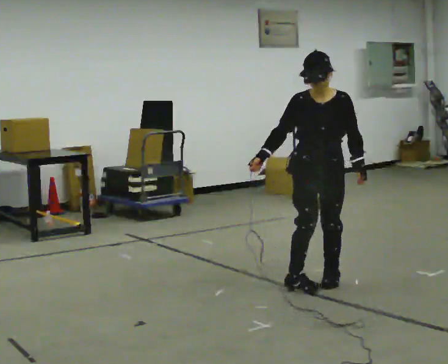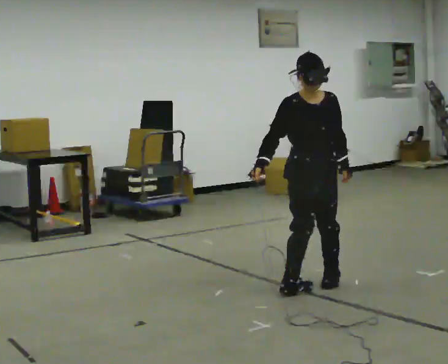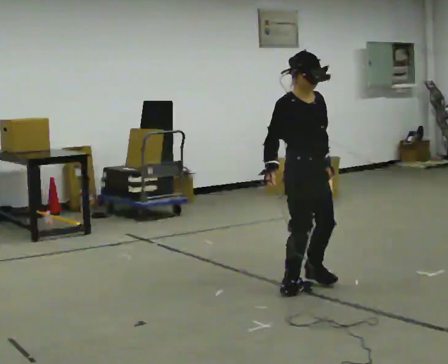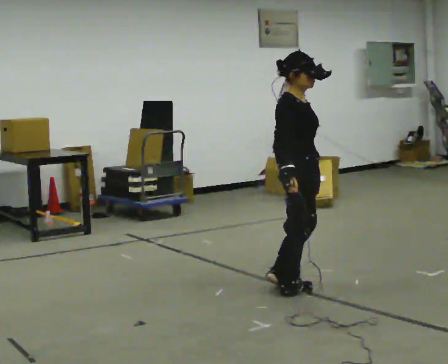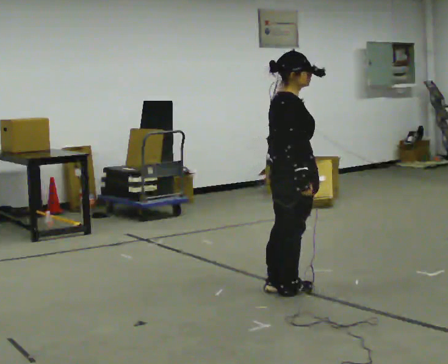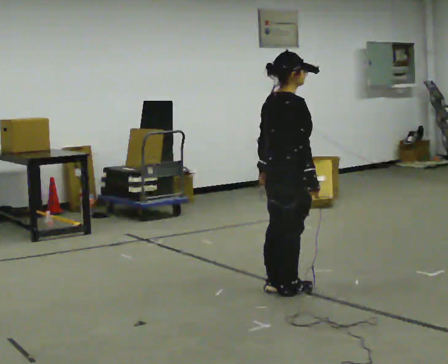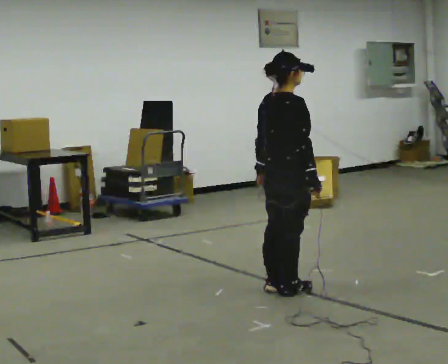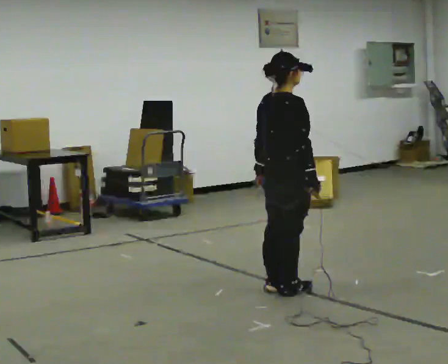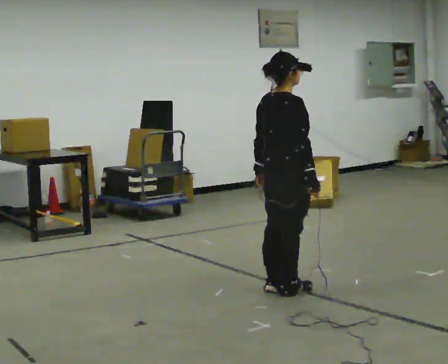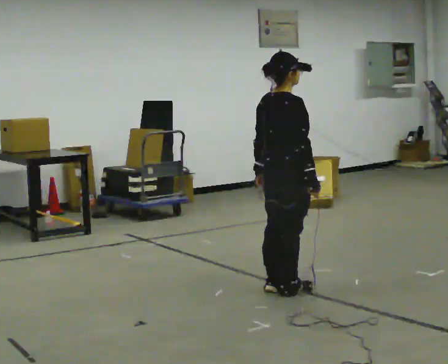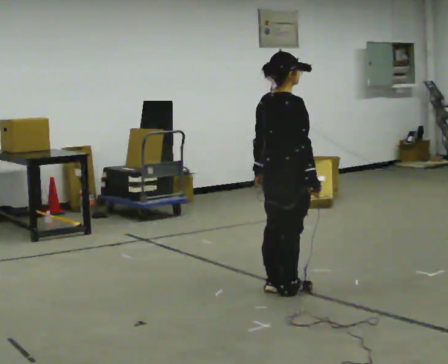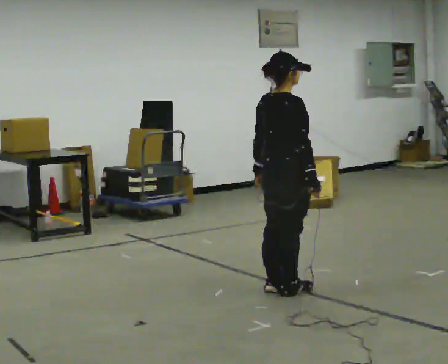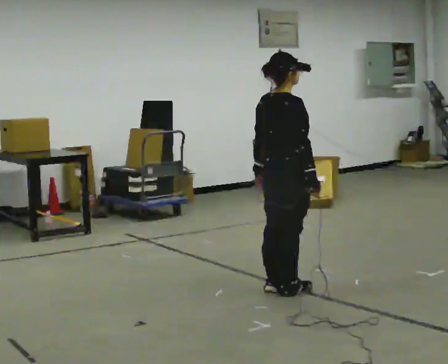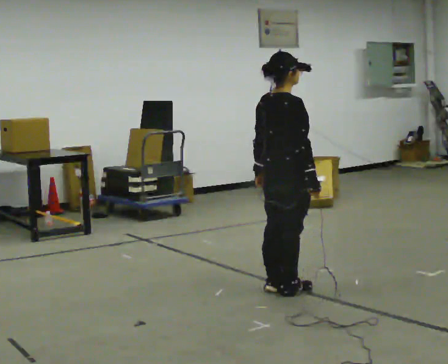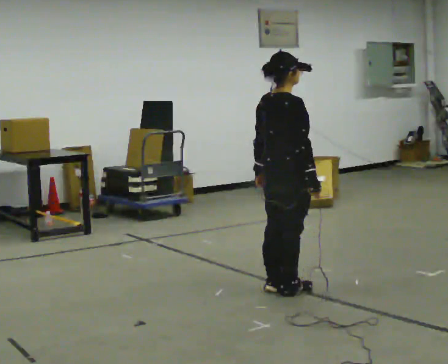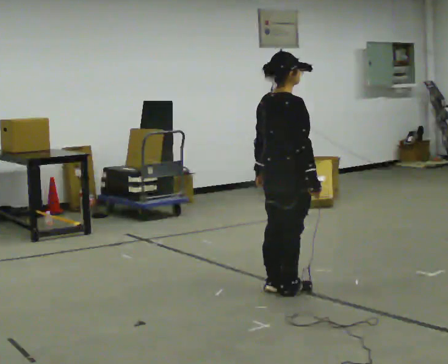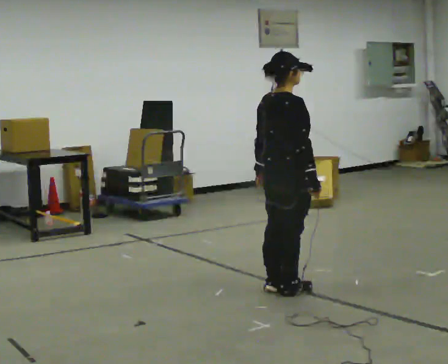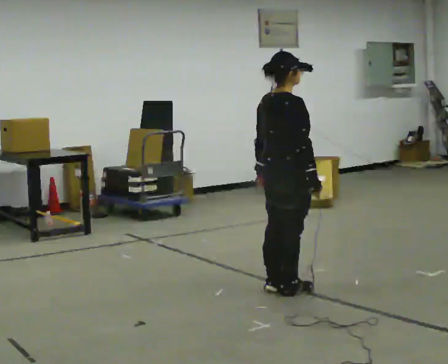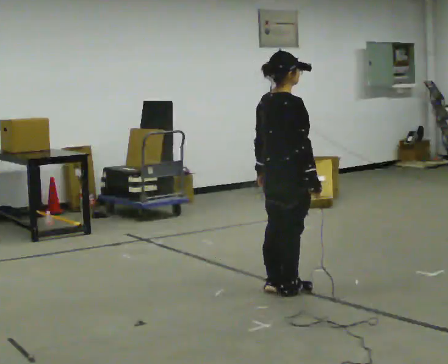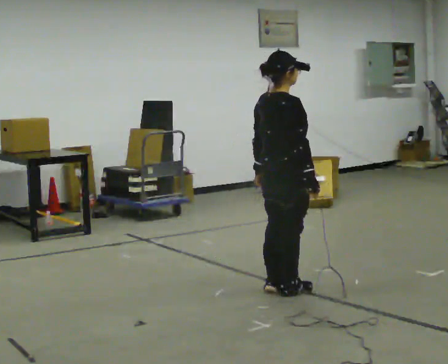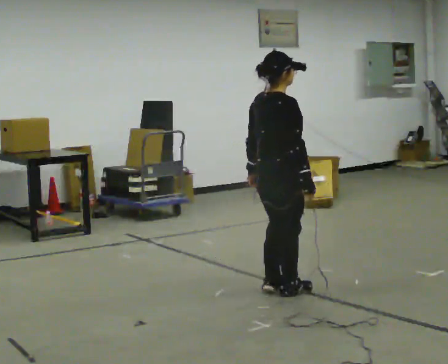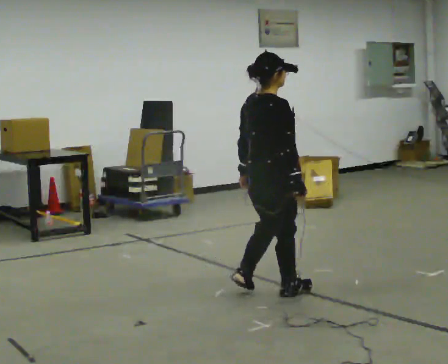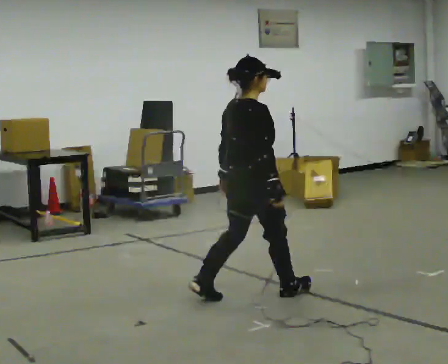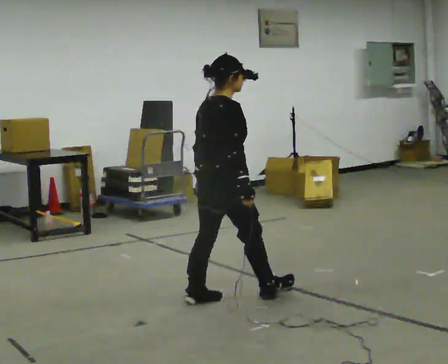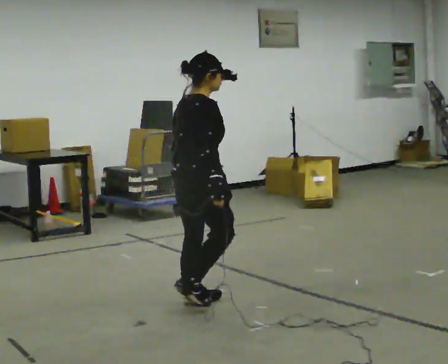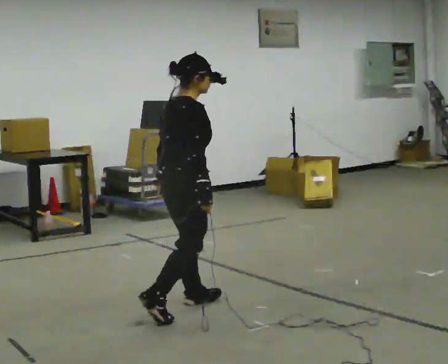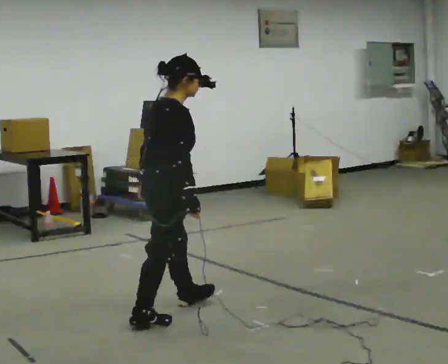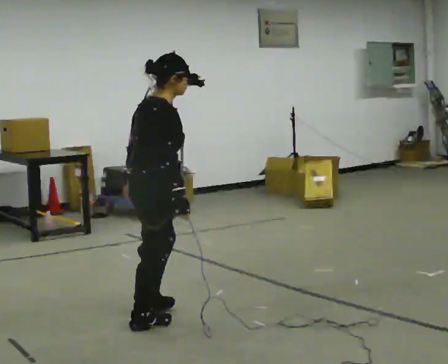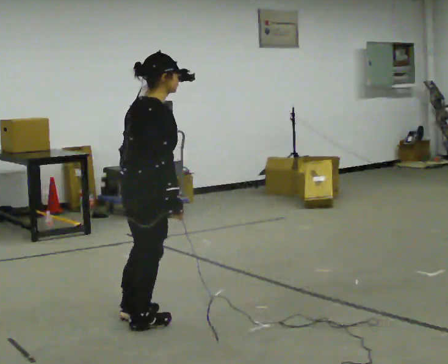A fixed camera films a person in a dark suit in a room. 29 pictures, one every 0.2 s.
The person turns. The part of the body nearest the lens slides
to the right.
The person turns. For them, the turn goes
to their left.
0.0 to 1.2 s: Seen from above the body turns counterclockwise, about 135 degrees: to their left, with its near side sliding to the right. In the picture they go to the left and toward the camera, about 0.25 m in 1 step.
1.2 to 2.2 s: The person moves a little, or ends about where they began.
2.2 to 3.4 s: The person keeps their place and pose.
3.4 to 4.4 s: In the picture they go to the left, about 0.25 m in 1 step, which for them is backward.
4.4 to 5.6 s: In the picture they go to the left and toward the camera, about 0.5 m in 2 steps, which for them is backward.
The film runs backward here.
